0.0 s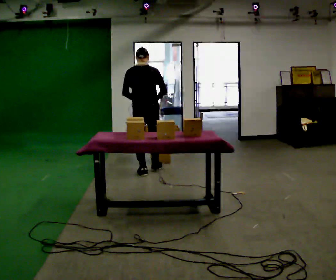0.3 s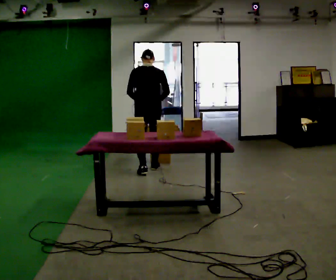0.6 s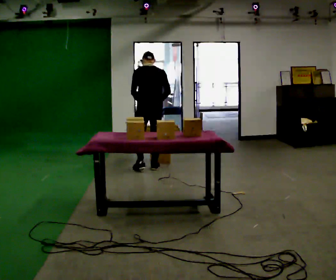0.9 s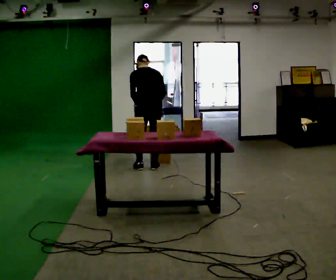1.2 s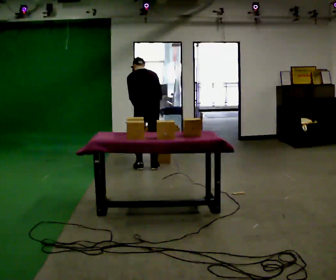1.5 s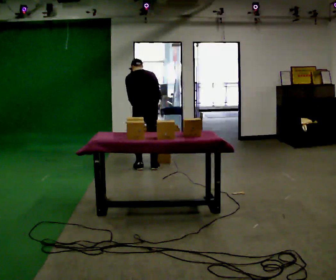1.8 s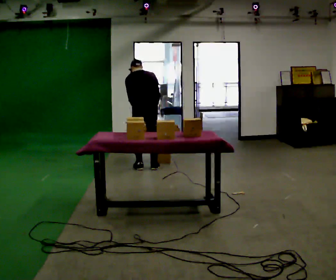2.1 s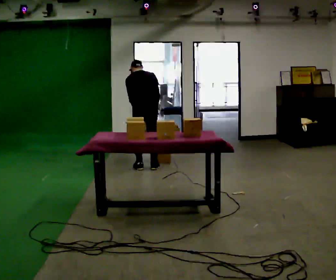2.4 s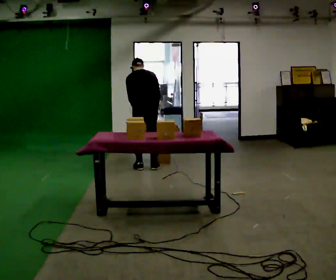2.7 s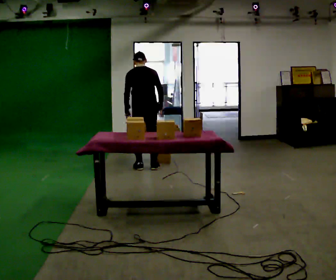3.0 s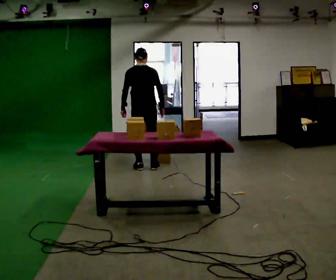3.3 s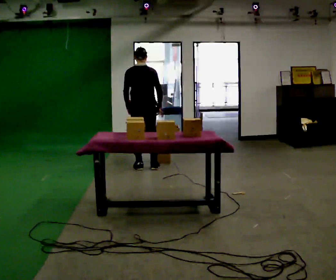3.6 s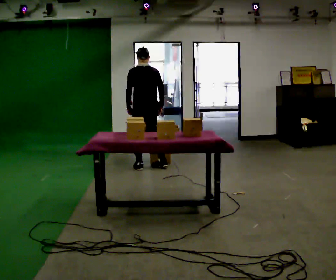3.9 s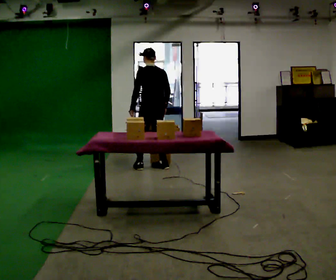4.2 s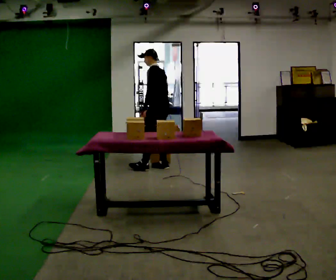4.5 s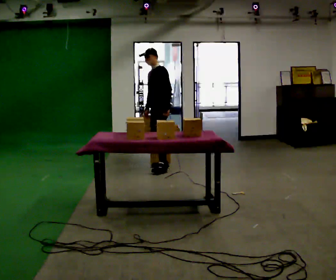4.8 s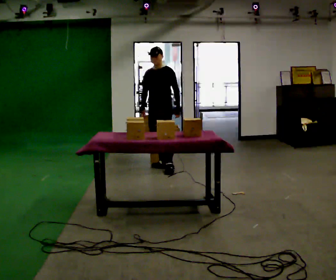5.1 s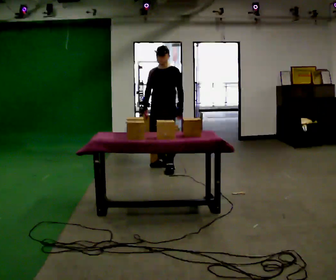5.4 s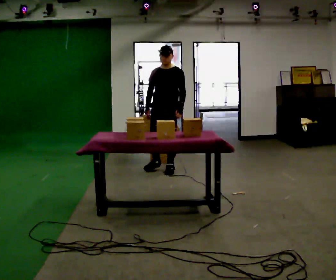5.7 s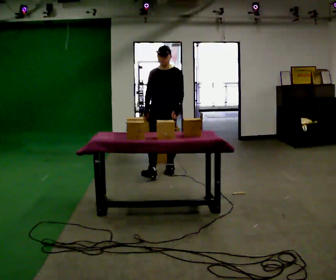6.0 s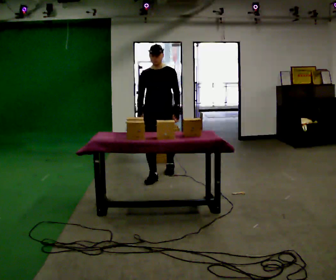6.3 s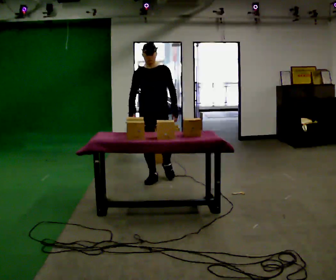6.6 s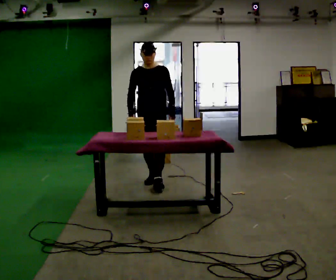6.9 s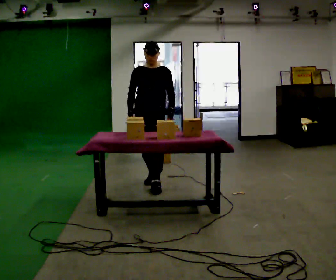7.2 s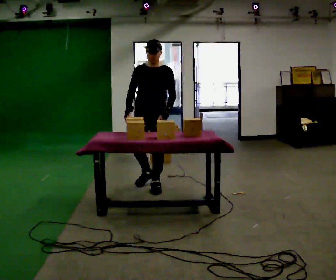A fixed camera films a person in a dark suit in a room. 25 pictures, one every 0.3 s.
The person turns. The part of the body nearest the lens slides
to the right.
The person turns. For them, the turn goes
to their left.
0.0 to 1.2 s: In the picture they go away from the camera, about 0.25 m in 2 steps, which for them is forward. The upper body tips away from the camera, its near side rolling upward, as they bend forward.
1.2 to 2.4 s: The person moves a little, or ends about where they began.
2.4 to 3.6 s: The upper body tips toward the camera, its near side rolling downward, as they lean back or straighten.
3.6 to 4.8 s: The person turns about 120 degrees to their left, counterclockwise seen from above, so the part of the body nearest the lens slides to the right. In the picture they go to the right, about 0.25 m in 2 steps. In the picture their left hand goes to the right, the arm swinging counterclockwise.
4.8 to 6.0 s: Seen from above the body turns counterclockwise, about 30 degrees: to their left, with its near side sliding to the right. In the picture they go toward the camera, about 0.5 m in 1 step, which for them is forward.
6.0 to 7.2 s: In the picture they go toward the camera, about 0.5 m in 1 step, which for them is forward.
The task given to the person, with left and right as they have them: Take the objects from the bin one at a time and put one in each of the places the operator points out. Keep going until the operator says stop; one object at a time, and do not rush between trips.
The film runs forward here.
